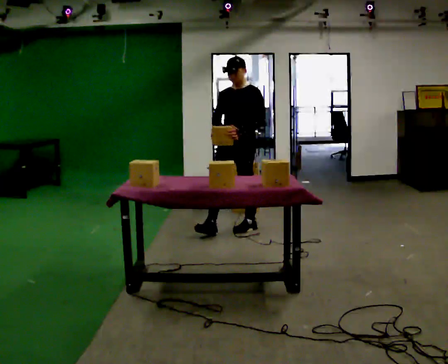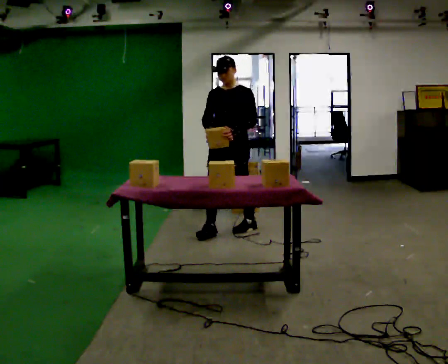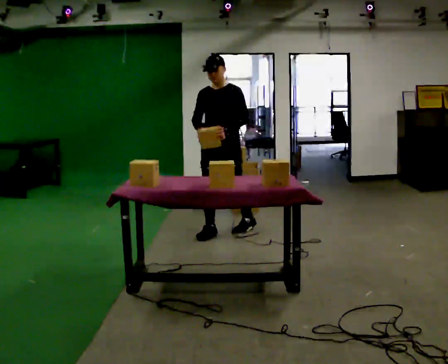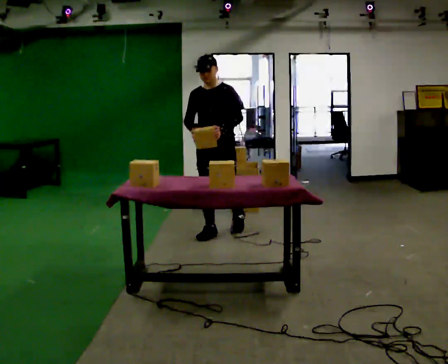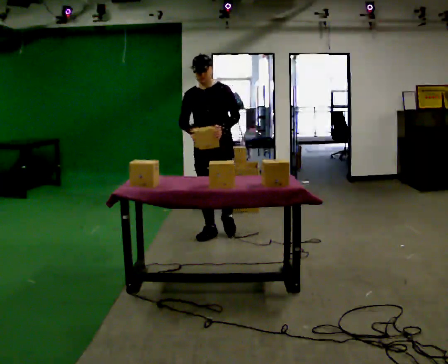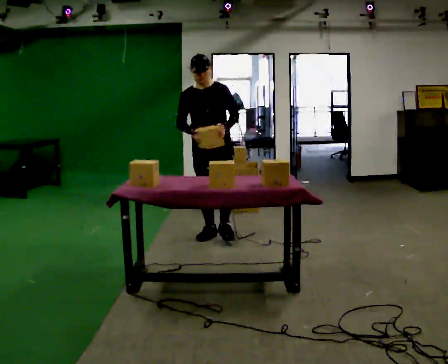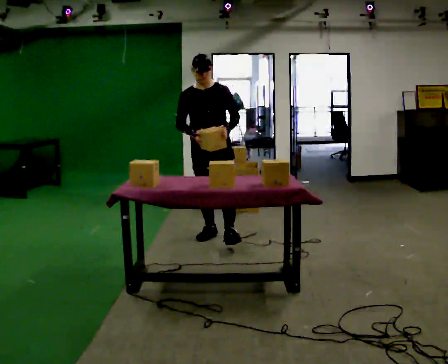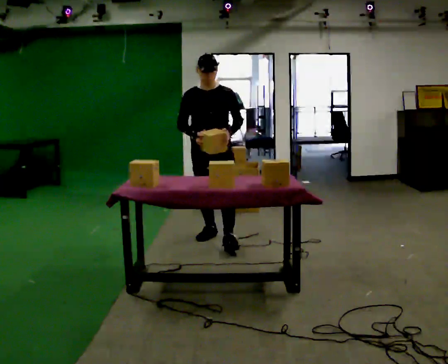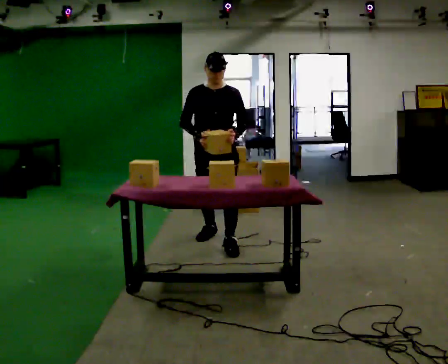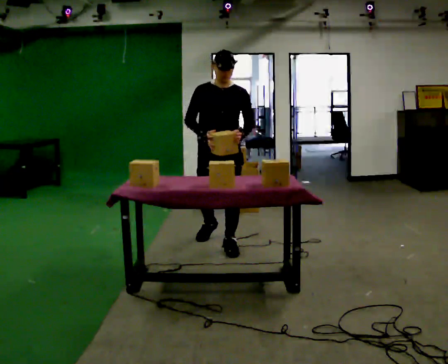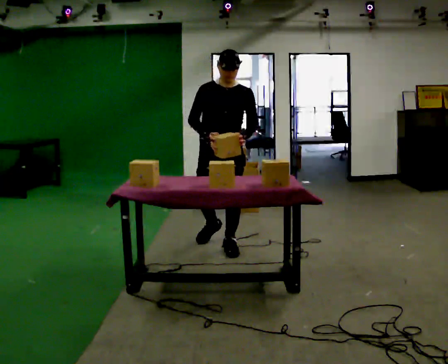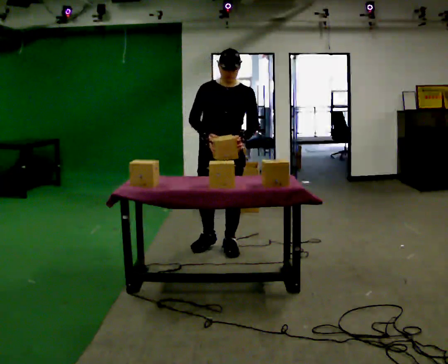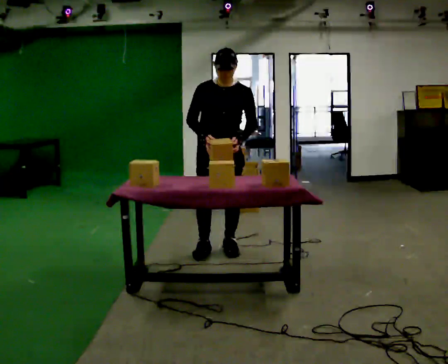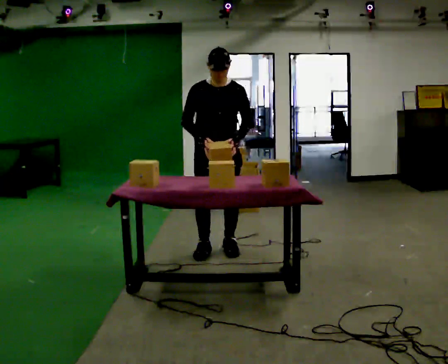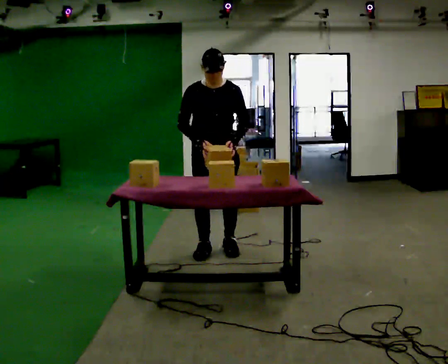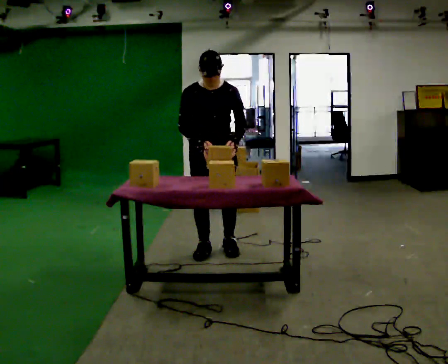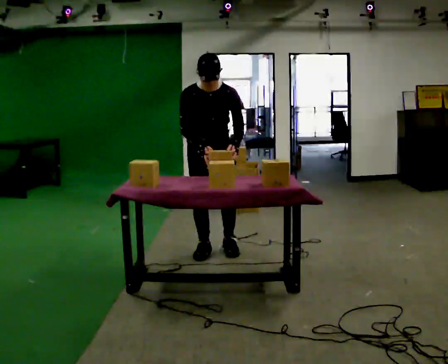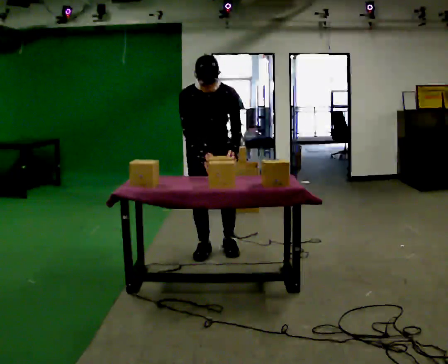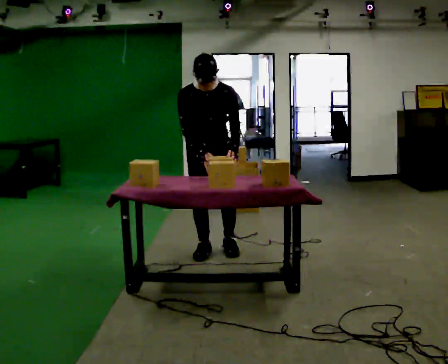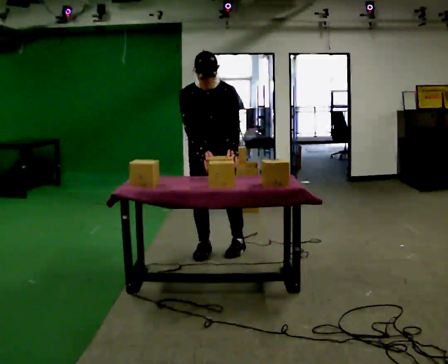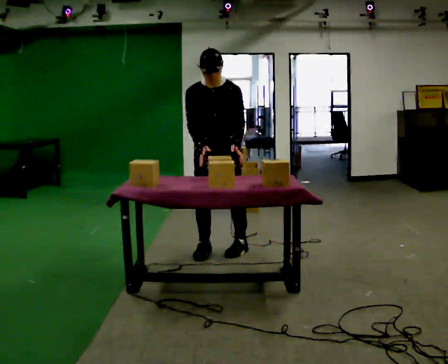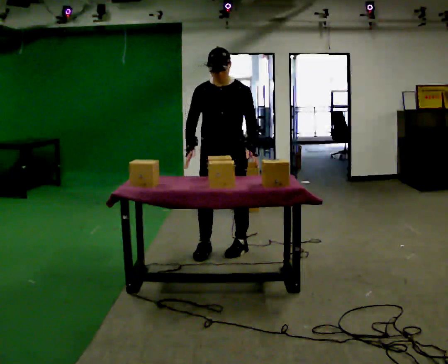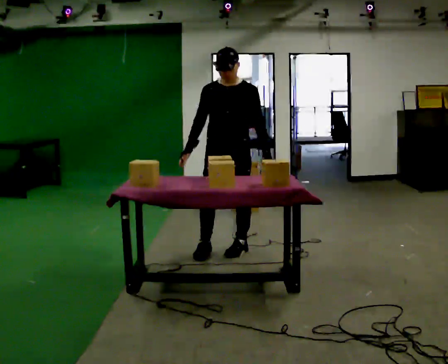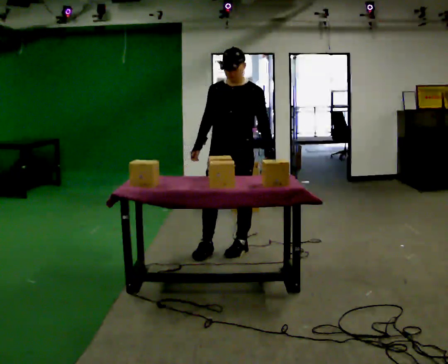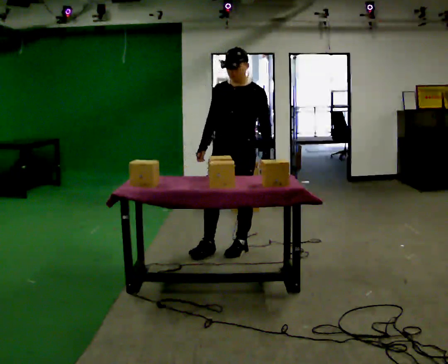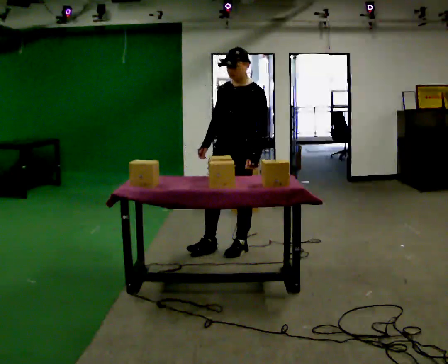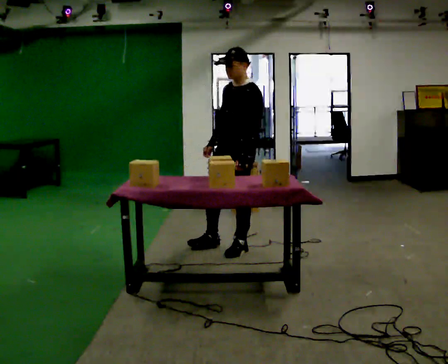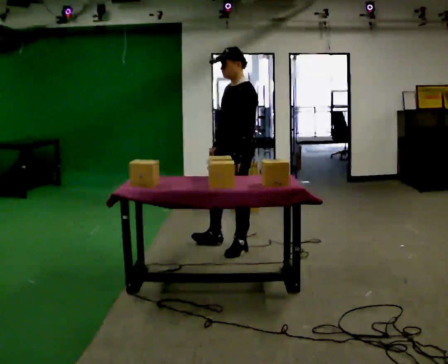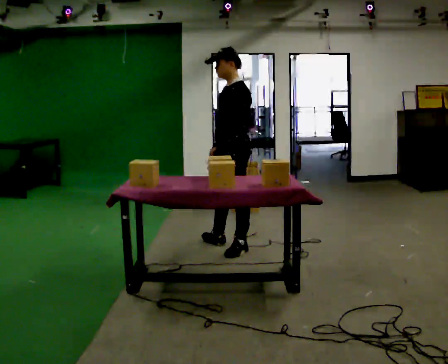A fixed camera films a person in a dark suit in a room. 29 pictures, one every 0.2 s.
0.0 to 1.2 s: The part of the body nearest the lens slides to the right as the person turns to their left by about 30 degrees. In the picture they go to the left and toward the camera, about 0.5 m, which for them is forward and to their right.
1.2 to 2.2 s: In the picture they go toward the camera, about 0.25 m in 1 step, which for them is forward.
2.2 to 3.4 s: The upper body tips toward the camera, its near side rolling downward, as they bend forward.
3.4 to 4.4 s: The part of the body nearest the lens slides to the left as the person turns to their right by about 30 degrees. In the picture they go to the right, about 0.25 m, which for them is to their left. The upper body tips away from the camera, its near side rolling upward, as they lean back or straighten.
4.4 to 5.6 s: The part of the body nearest the lens slides to the left as the person turns to their right by about 60 degrees. In the picture their left hand goes to the left.
The film runs forward here.
